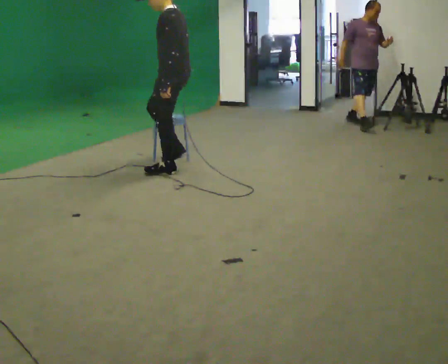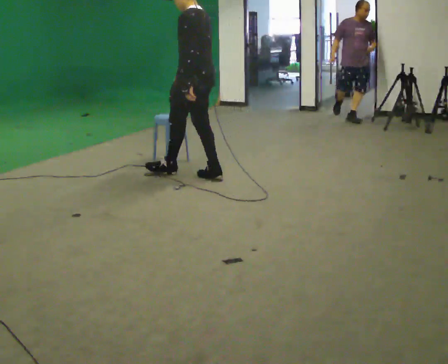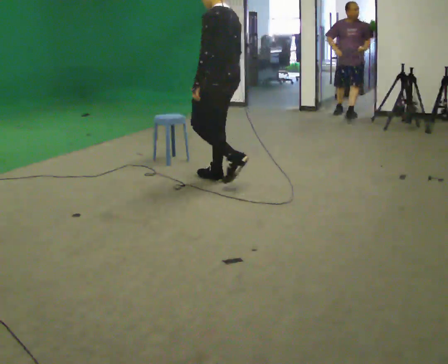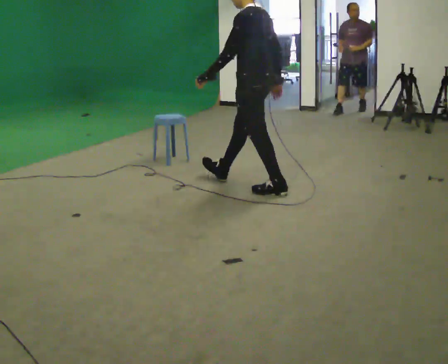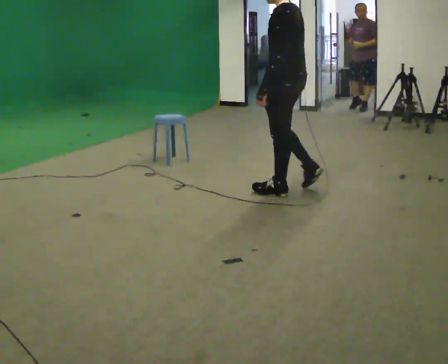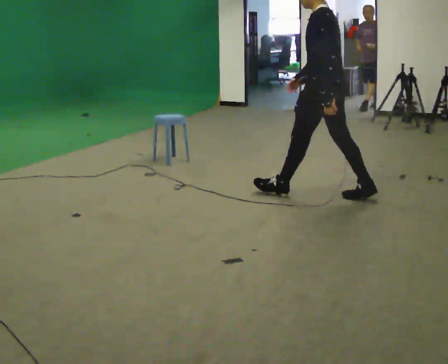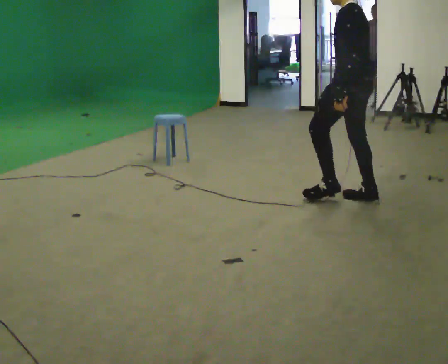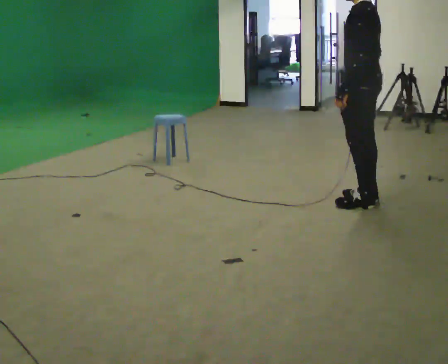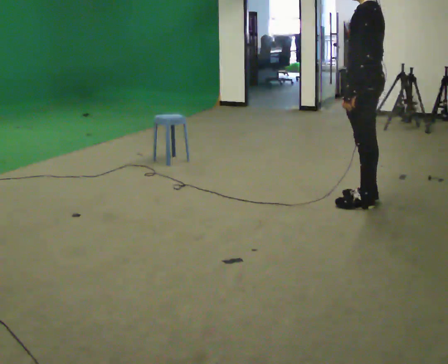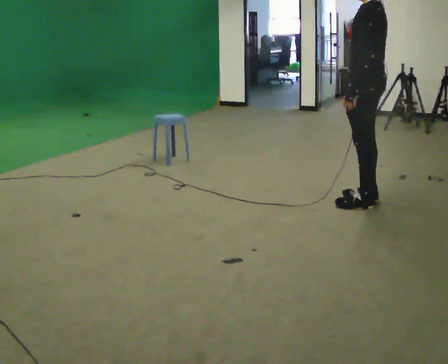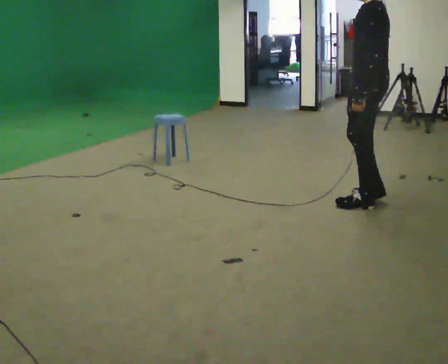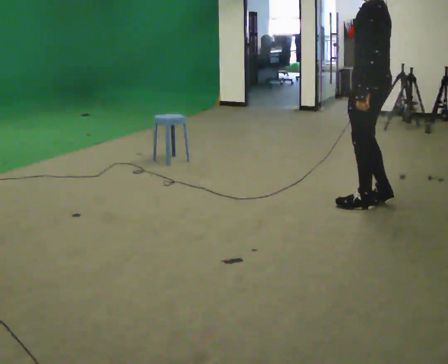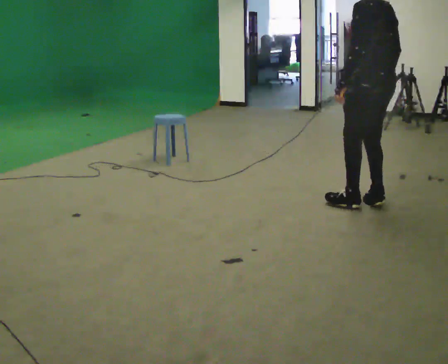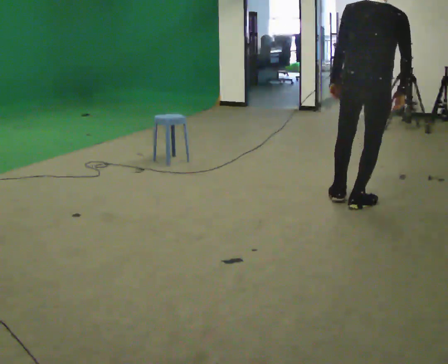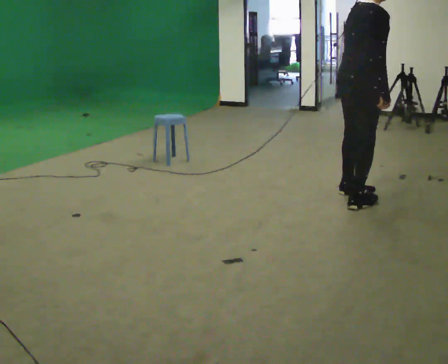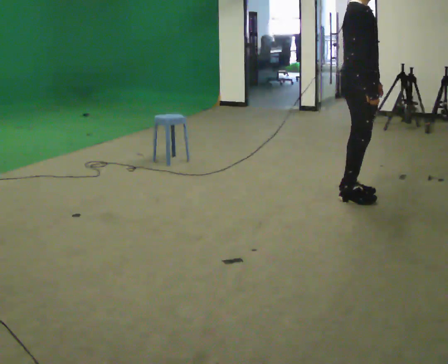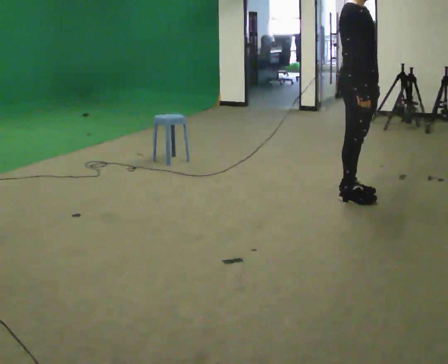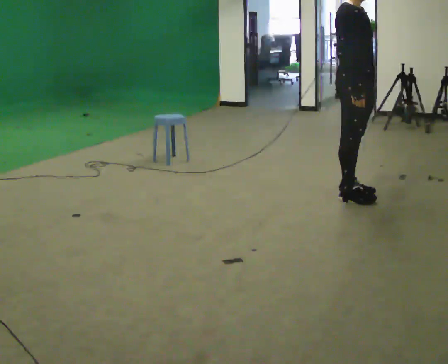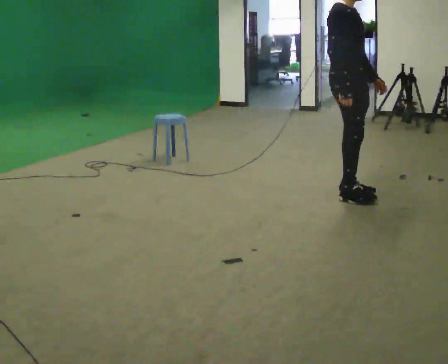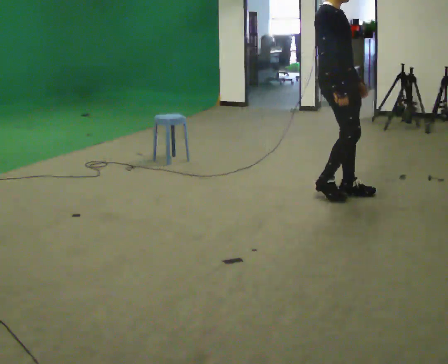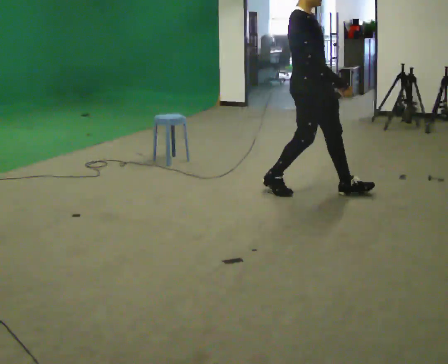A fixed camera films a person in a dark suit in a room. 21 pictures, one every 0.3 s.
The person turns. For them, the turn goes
to their right.
The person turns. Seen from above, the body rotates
clockwise.
0.0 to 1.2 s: In the picture they go to the right, about 1 m in 2 steps, which for them is backward.
1.2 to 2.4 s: In the picture they go to the right, about 0.5 m in 1 step, which for them is backward.
2.4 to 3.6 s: The person moves a little, or ends about where they began.
3.6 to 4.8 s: The part of the body nearest the lens slides to the left as the person turns to their right by about 165 degrees.
4.8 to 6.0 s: In the picture they go to the left, about 0.25 m in 1 step, which for them is backward.
The film runs backward here.
